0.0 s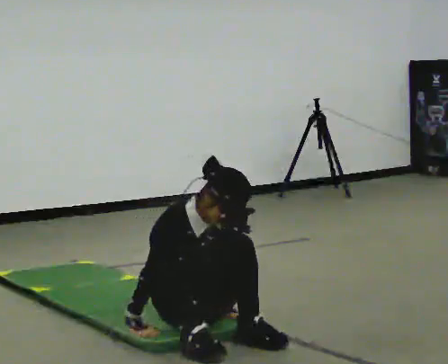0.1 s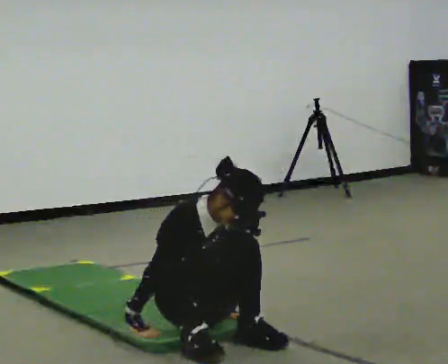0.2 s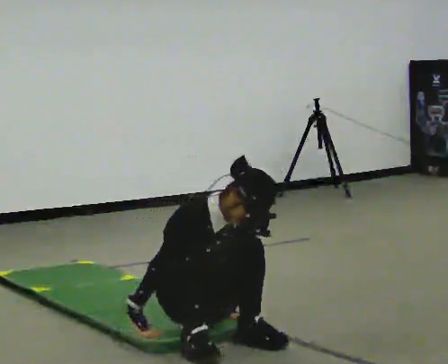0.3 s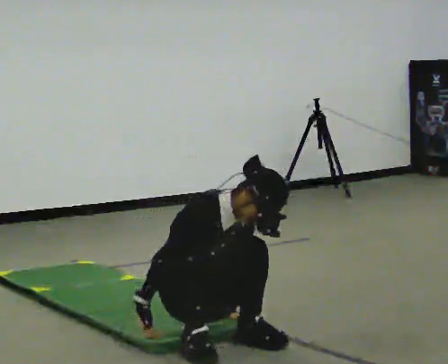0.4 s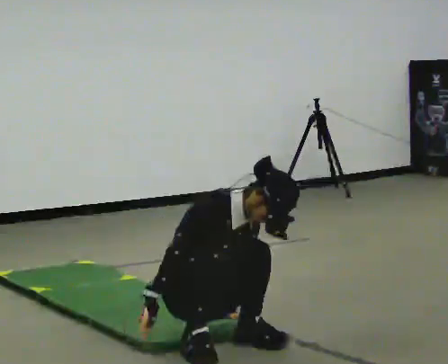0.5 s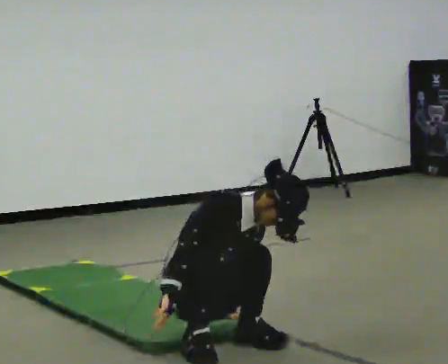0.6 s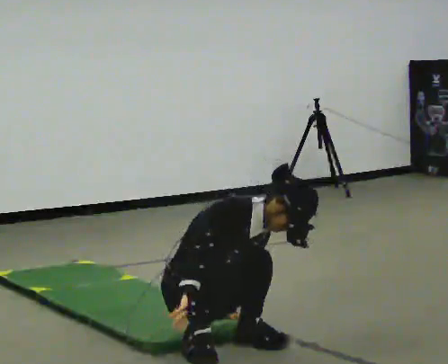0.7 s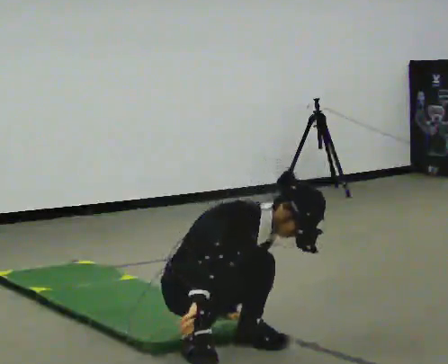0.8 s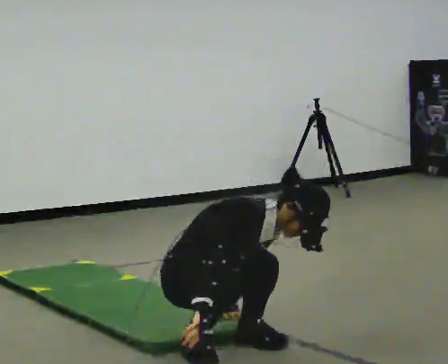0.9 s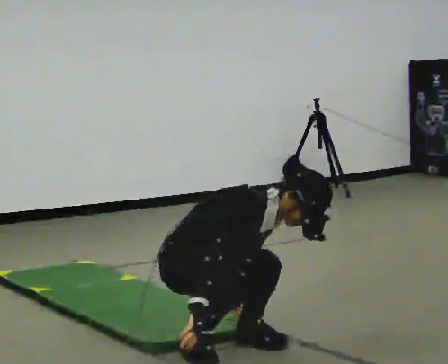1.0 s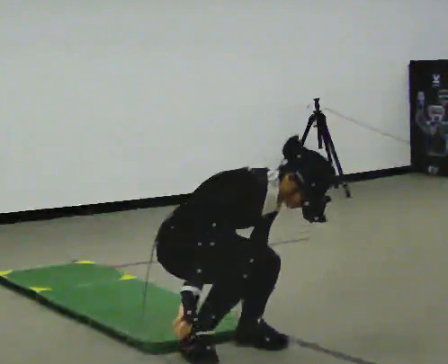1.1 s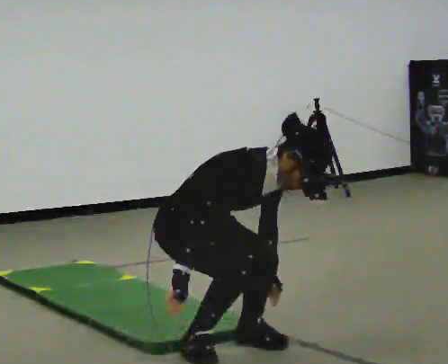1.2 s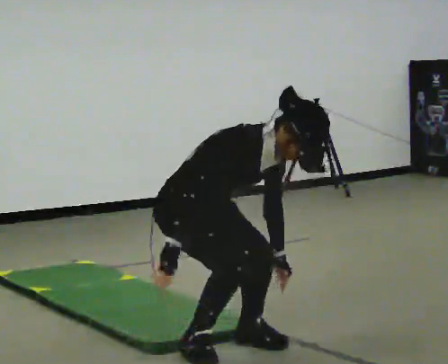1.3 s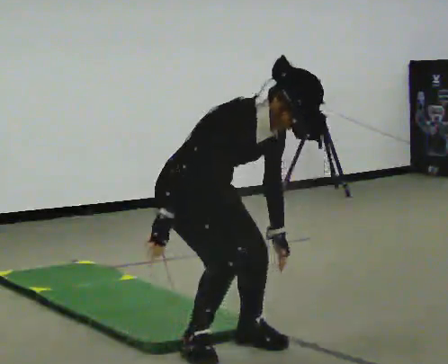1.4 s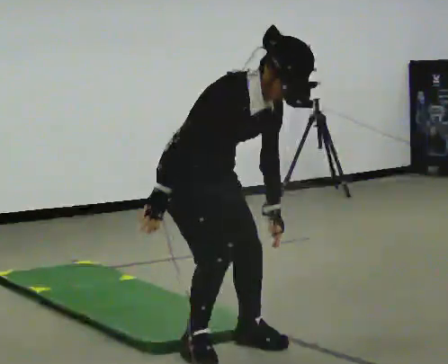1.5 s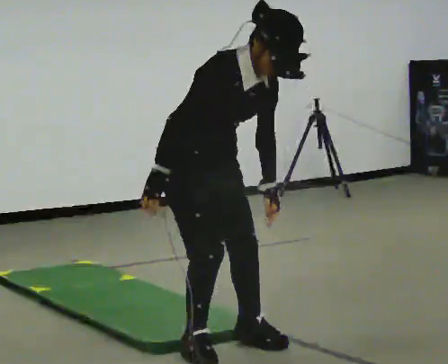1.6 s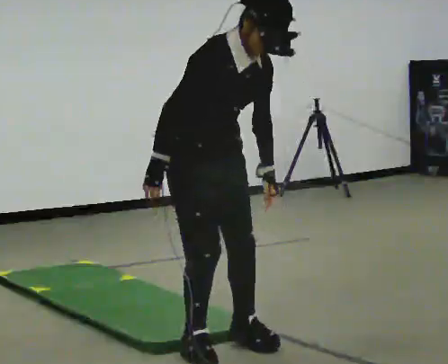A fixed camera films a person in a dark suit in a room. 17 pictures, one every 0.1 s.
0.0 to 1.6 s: In the picture they go toward the camera, about 0.25 m, which for them is forward. The shoulders move upward. In the picture their right hand goes upward.
The film runs forward here.
